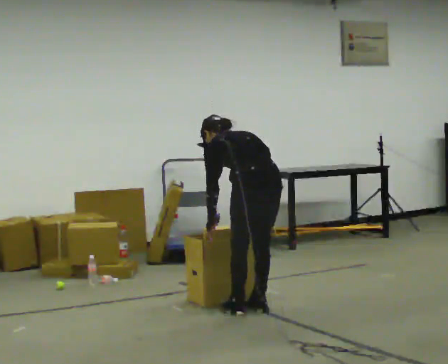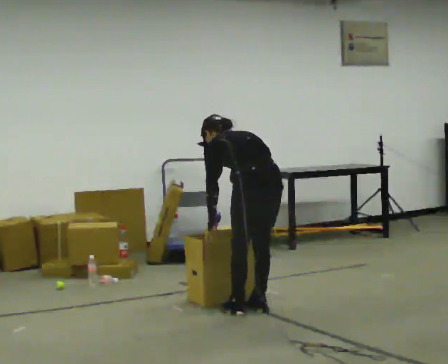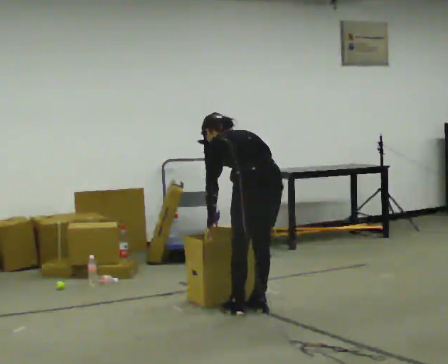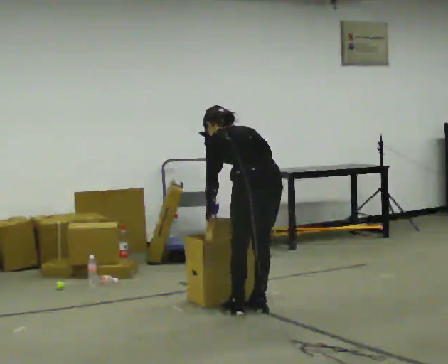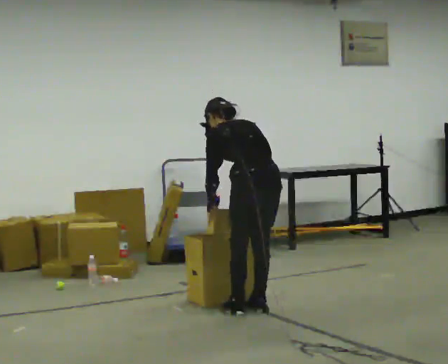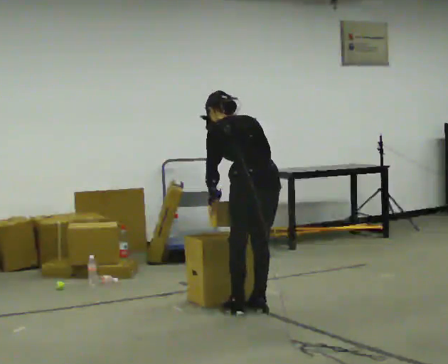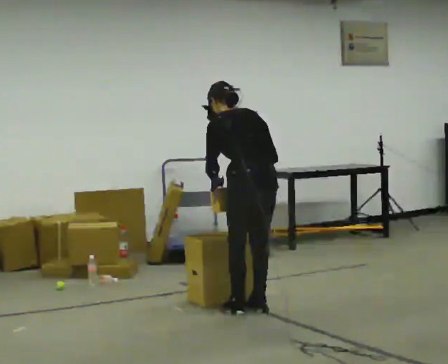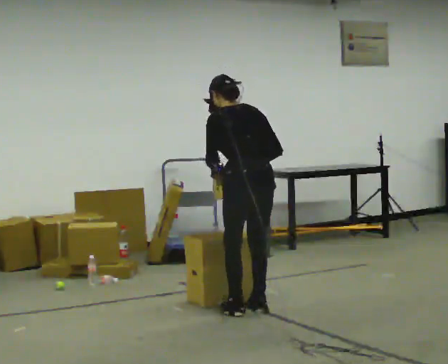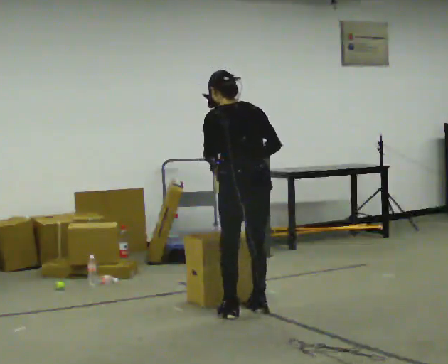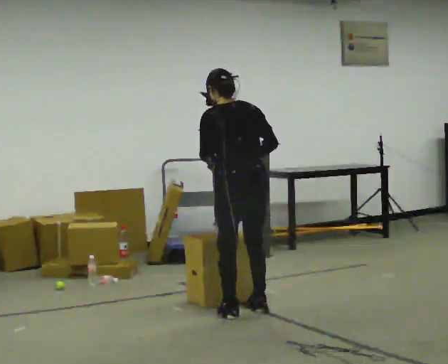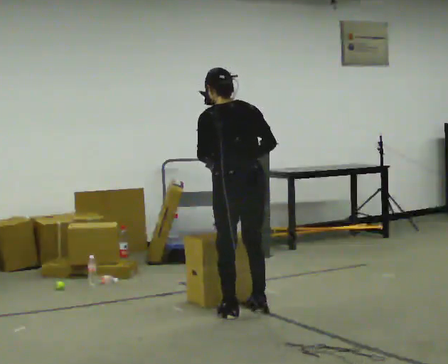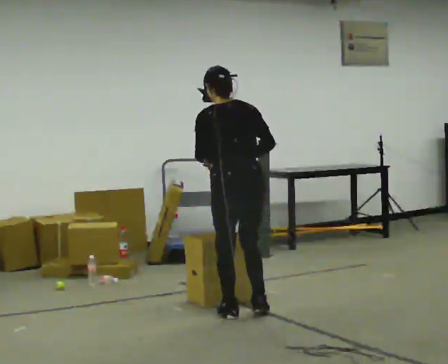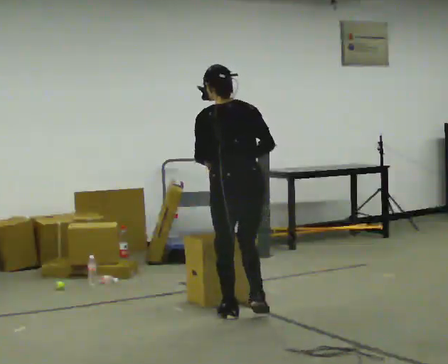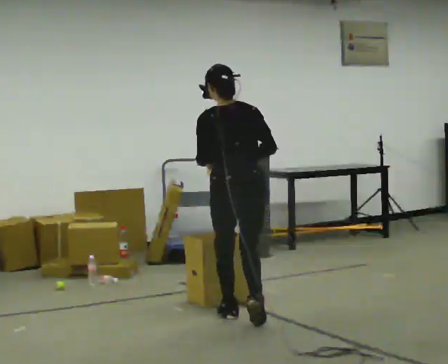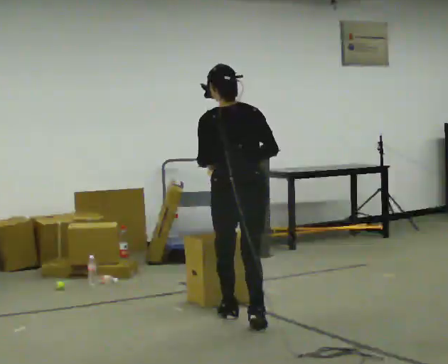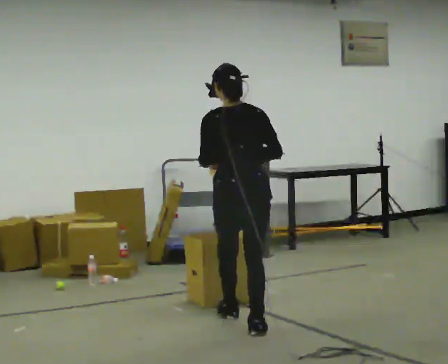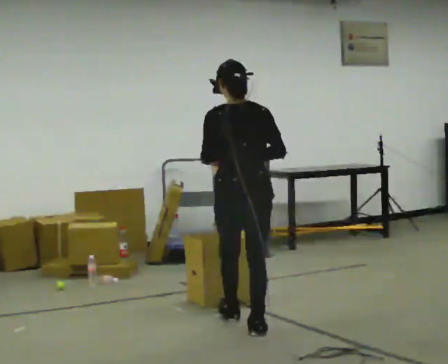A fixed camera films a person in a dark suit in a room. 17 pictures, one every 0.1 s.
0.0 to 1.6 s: In the picture they go toward the camera, about 0.25 m in 2 steps, which for them is backward and to their left. The upper body goes upward. The upper body tips toward the camera, its near side rolling downward, as they lean back or straighten. In the picture their right hand goes upward.
The film runs backward here.
